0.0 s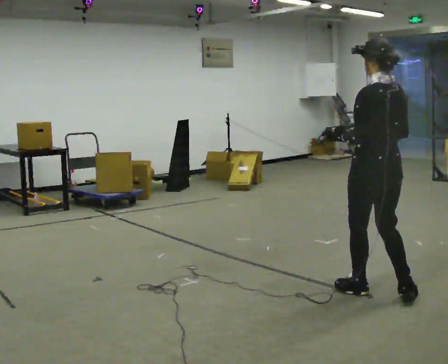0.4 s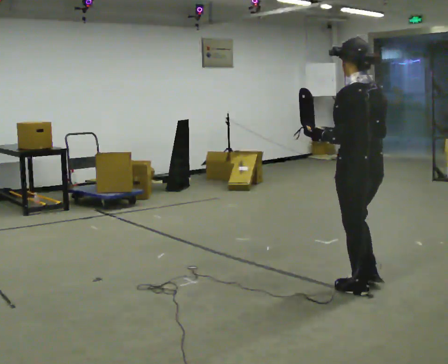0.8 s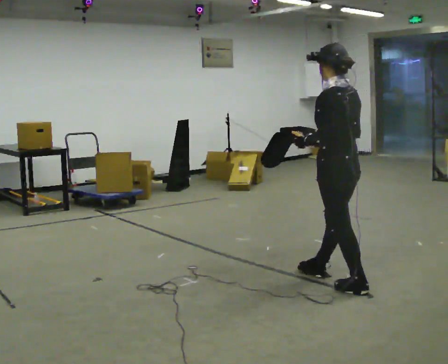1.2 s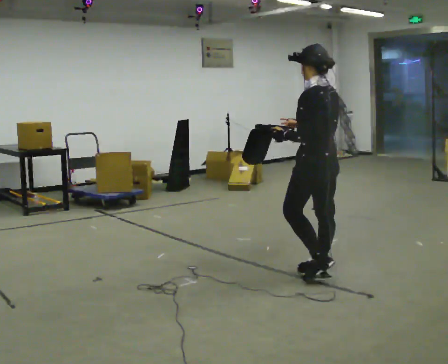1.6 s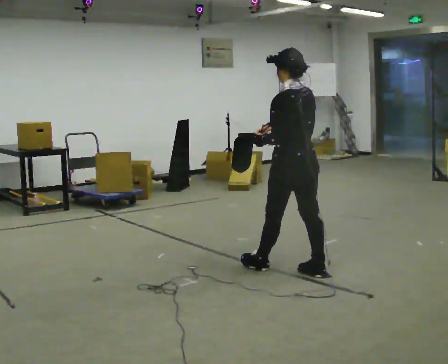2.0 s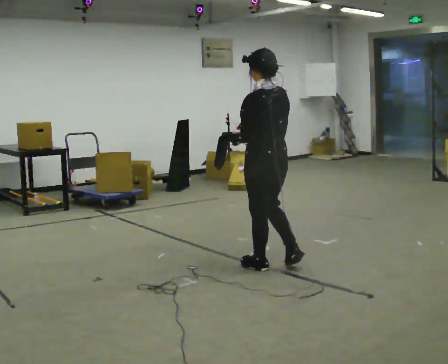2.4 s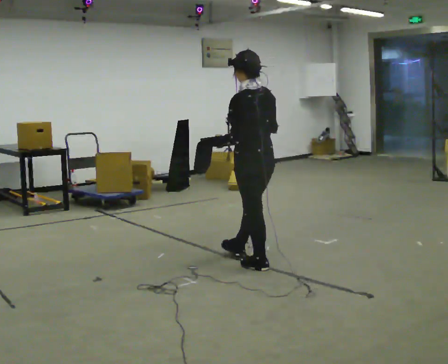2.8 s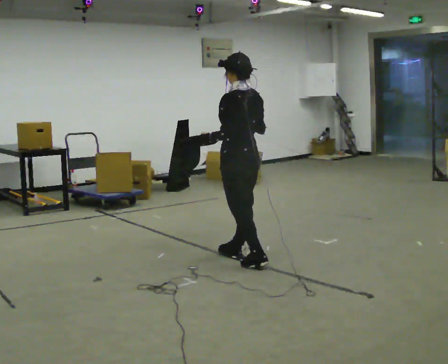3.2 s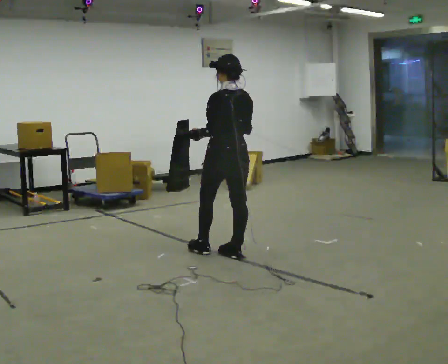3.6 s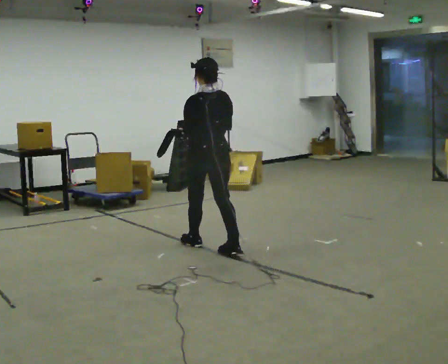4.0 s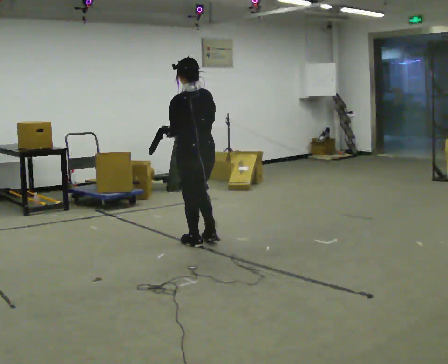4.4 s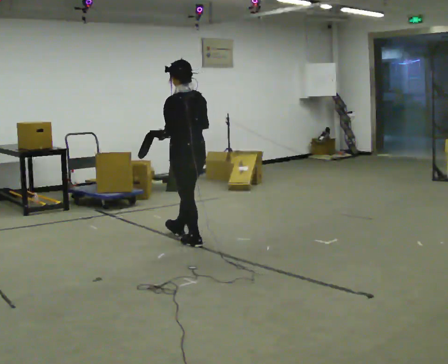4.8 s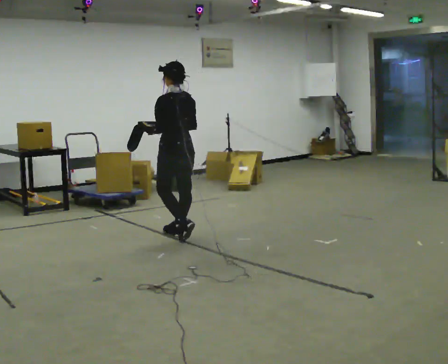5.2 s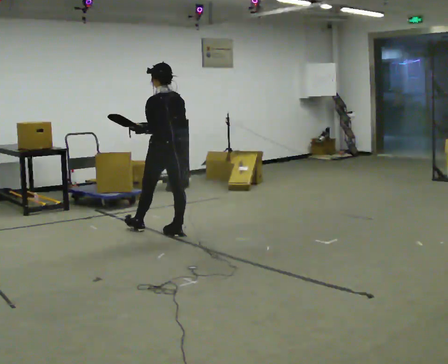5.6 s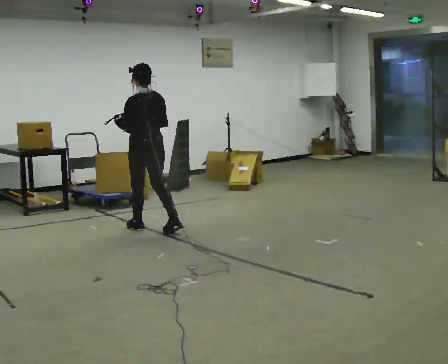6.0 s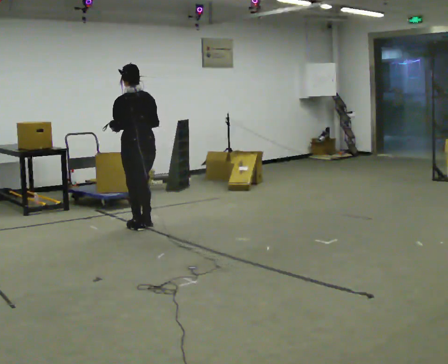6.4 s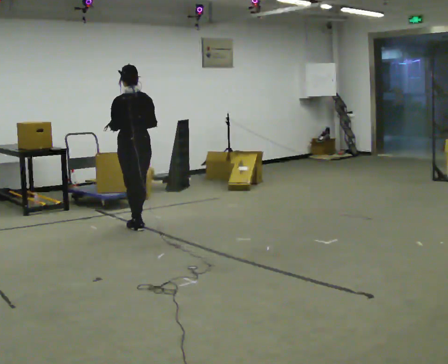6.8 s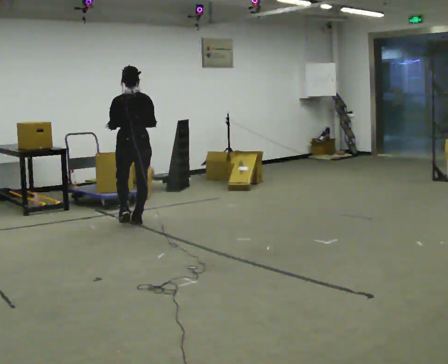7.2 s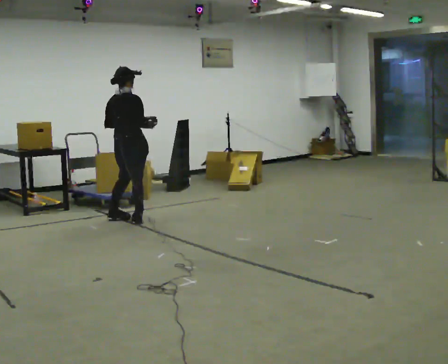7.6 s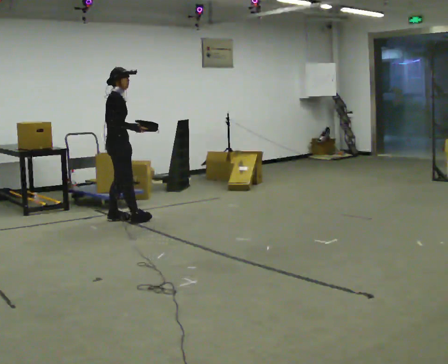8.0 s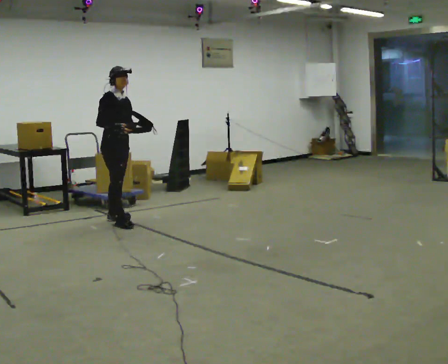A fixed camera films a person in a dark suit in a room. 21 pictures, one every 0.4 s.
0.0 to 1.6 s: In the picture they go away from the camera and to the left, about 0.5 m in 2 steps, which for them is forward.
1.6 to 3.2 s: In the picture they go away from the camera and to the left, about 0.5 m in 1 step, which for them is forward.
3.2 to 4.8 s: In the picture they go away from the camera and to the left, about 1 m in 2 steps, which for them is forward.
4.8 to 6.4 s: In the picture they go to the left and away from the camera, about 0.5 m in 2 steps, which for them is forward.
6.4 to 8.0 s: Seen from above the body turns clockwise, about 150 degrees: to their right, with its near side sliding to the left. In the picture they go to the left and away from the camera, about 0.25 m in 2 steps.
The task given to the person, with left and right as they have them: Carry the open container and, while walking, reach in with one hand and take an item out, then put it back. Repeat as you walk. Do not stop.
The film runs forward here.
